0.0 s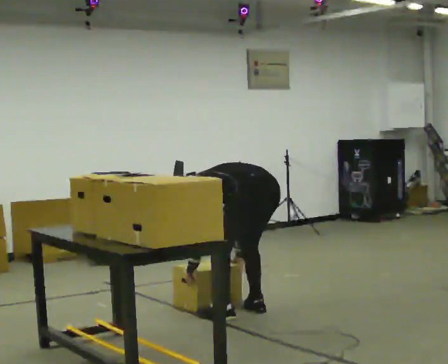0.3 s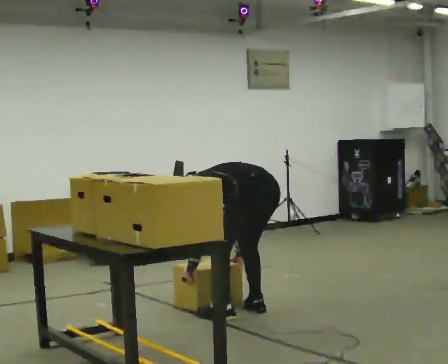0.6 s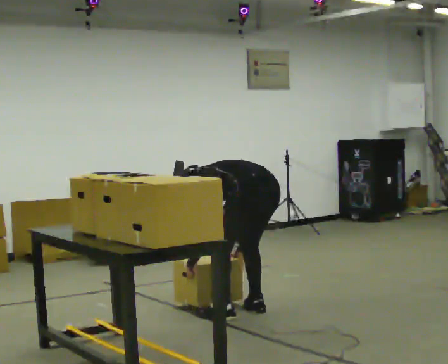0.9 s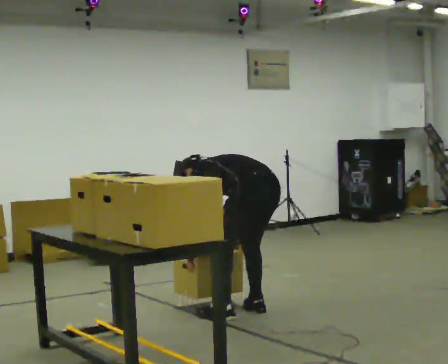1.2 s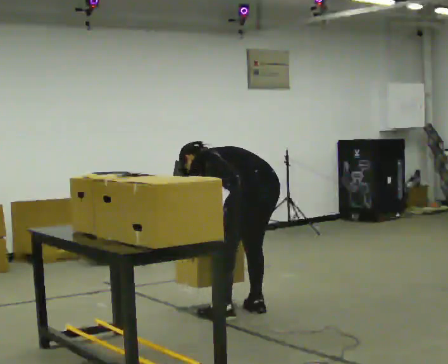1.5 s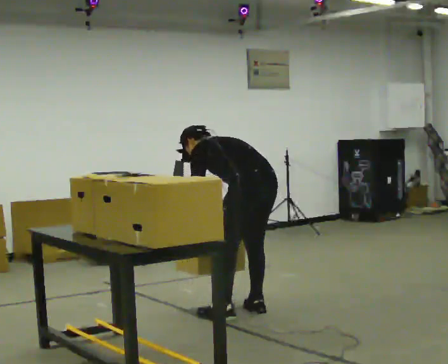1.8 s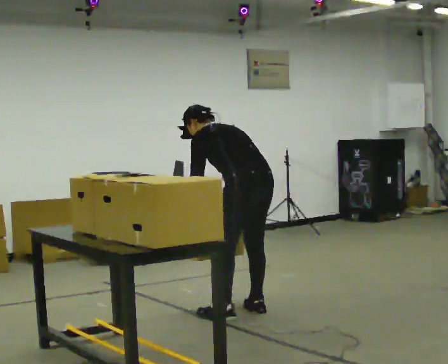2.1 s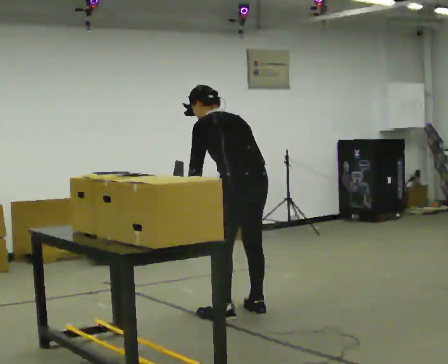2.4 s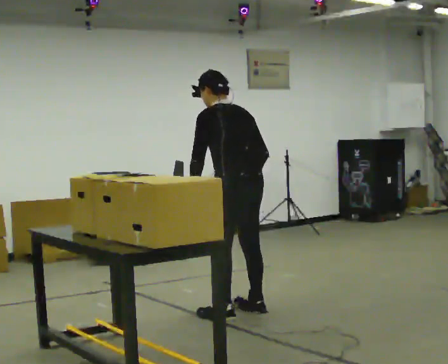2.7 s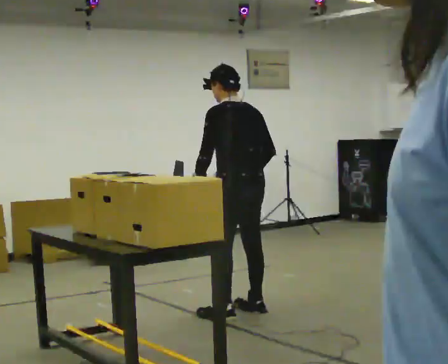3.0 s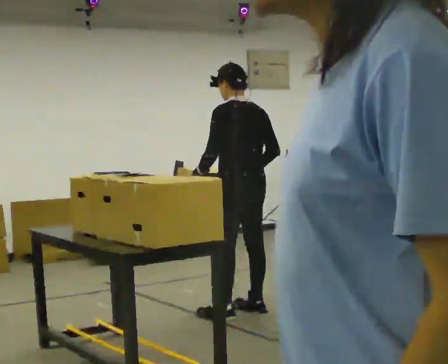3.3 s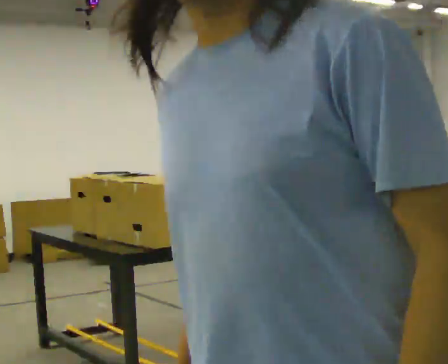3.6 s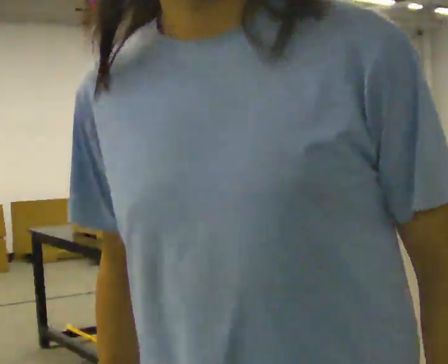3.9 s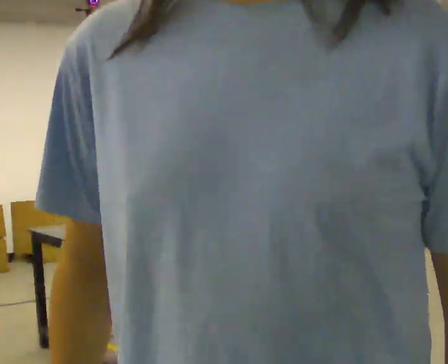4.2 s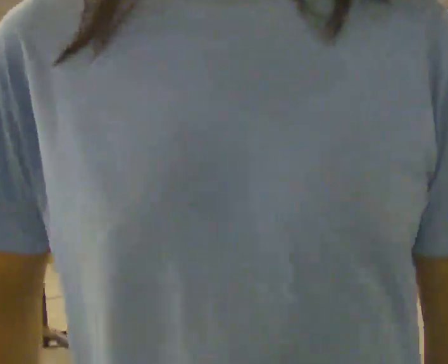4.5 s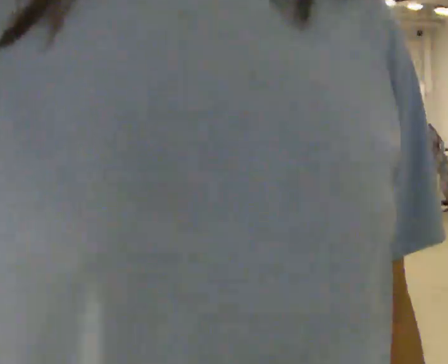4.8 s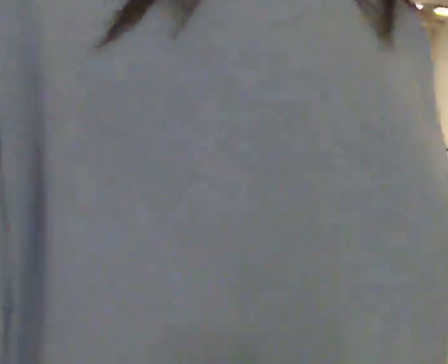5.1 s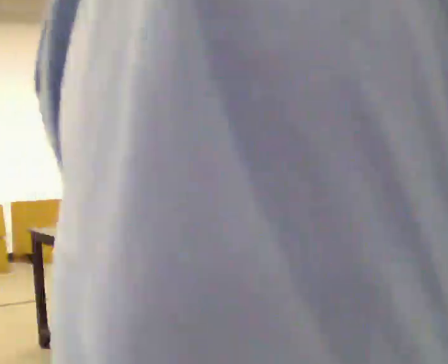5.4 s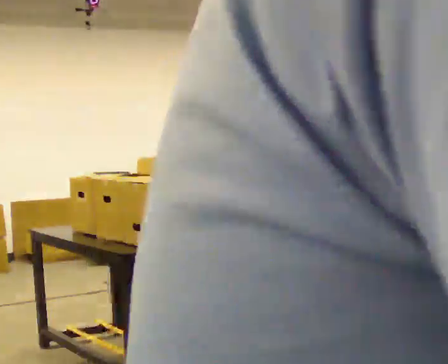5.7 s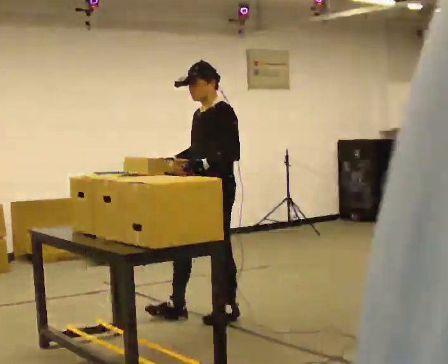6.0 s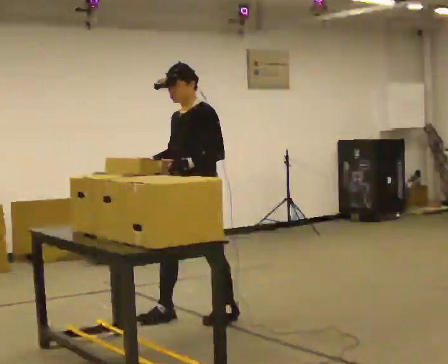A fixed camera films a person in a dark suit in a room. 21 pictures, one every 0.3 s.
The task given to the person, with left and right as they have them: Pick the fragile object up and set it back down as gently as you can. Repeat at your own pace until the operator says stop. Keep both feet on the marked spots for the whole take. If you have to step, stop and tell the operator.
0.0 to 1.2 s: The shoulders move upward. In the picture the upper body tilts clockwise, shoulders to the right, as they lean back or straighten.
1.2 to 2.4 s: The shoulders move upward. The upper body tips toward the camera, its near side rolling downward, as they lean back or straighten. In the picture their left hand goes upward.
2.4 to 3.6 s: The person moves a little, or ends about where they began.
3.6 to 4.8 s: The person turns about 60 degrees to their left, counterclockwise seen from above, so the part of the body nearest the lens slides to the right.
4.8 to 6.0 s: The part of the body nearest the lens slides to the right as the person turns to their left by about 30 degrees. In the picture they go to the left, about 0.25 m in 1 step, which for them is forward.
The film runs forward here.
